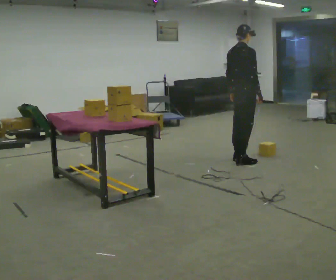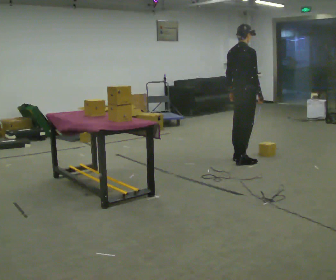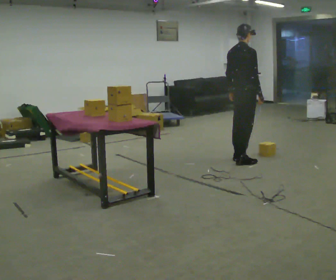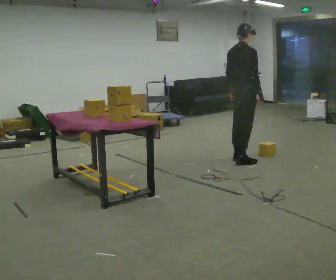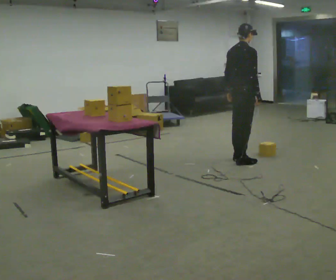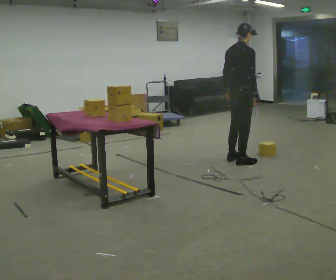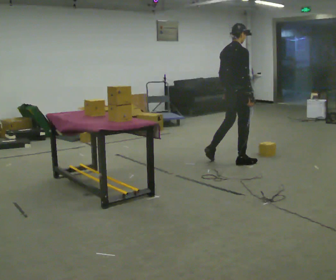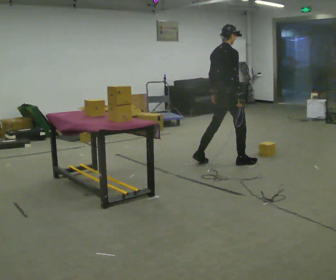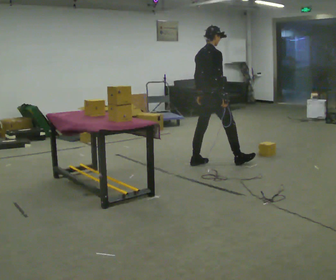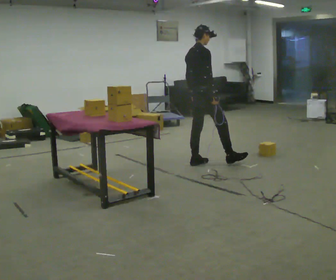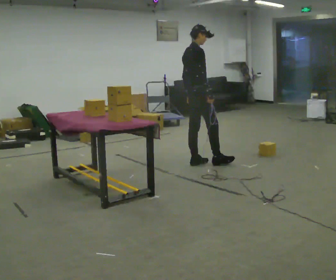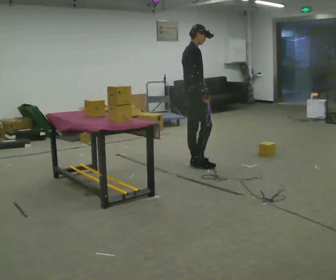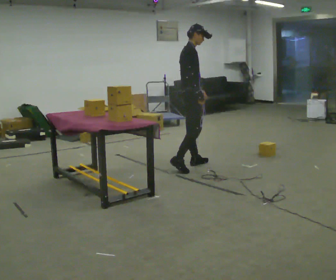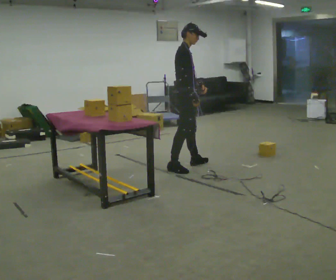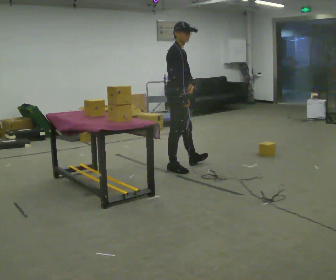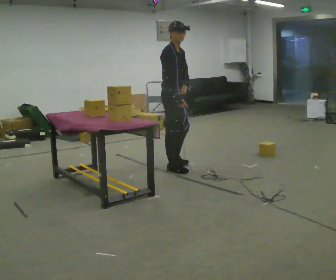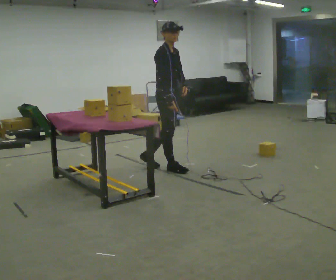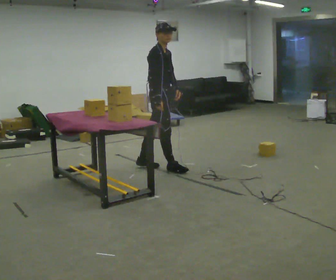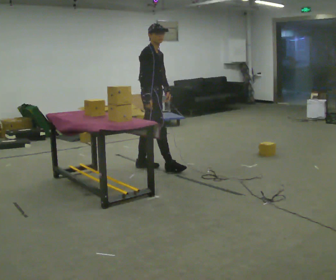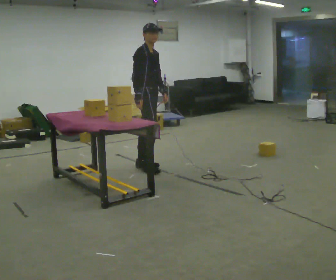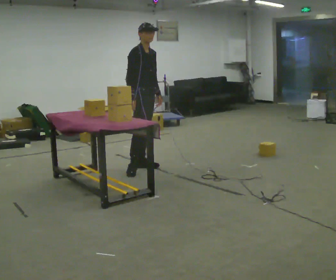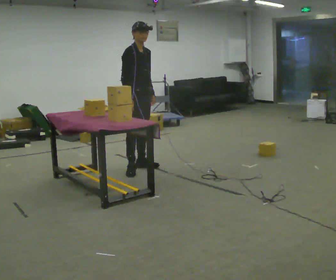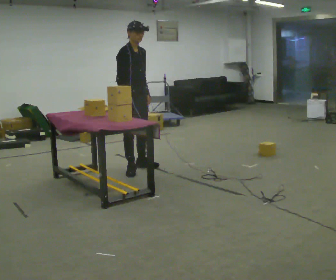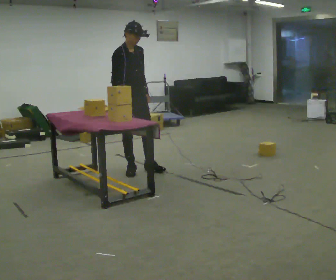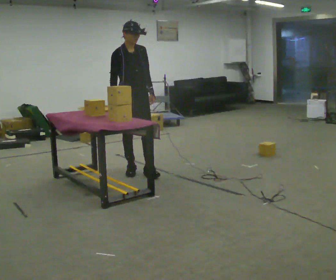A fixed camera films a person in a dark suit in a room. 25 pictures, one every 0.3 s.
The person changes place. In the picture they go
to the left.
The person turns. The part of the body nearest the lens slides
to the left.
0.0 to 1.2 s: The person moves a little, or ends about where they began.
1.2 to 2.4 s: In the picture they go to the left, about 0.25 m in 1 step, which for them is backward and to their left.
2.4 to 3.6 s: In the picture they go to the left, about 0.25 m in 1 step, which for them is backward.
3.6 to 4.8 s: The part of the body nearest the lens slides to the left as the person turns to their right by about 30 degrees. In the picture they go to the left and toward the camera, about 0.25 m in 1 step, which for them is backward and to their right.
4.8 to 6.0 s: In the picture they go to the left, about 0.25 m in 1 step, which for them is backward.
6.0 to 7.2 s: In the picture they go toward the camera, about 0.25 m in 1 step, which for them is to their right.
The film runs backward here.
